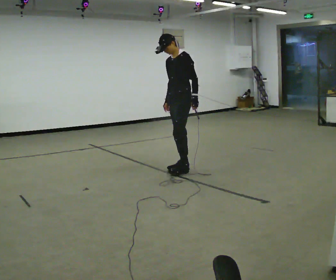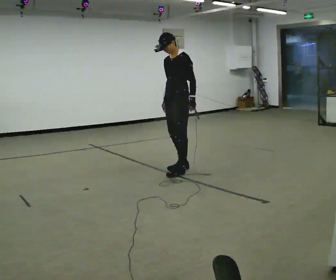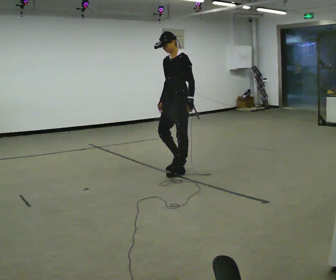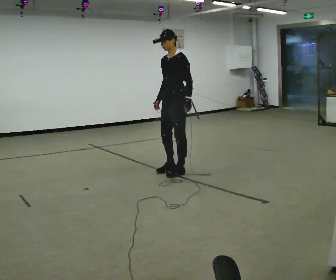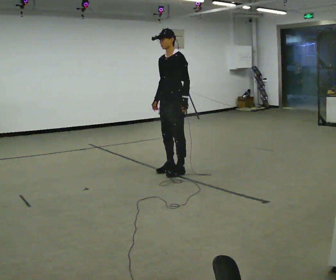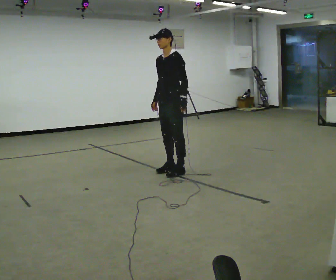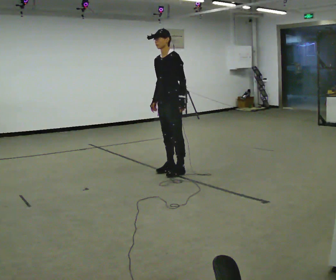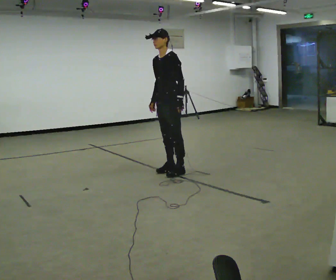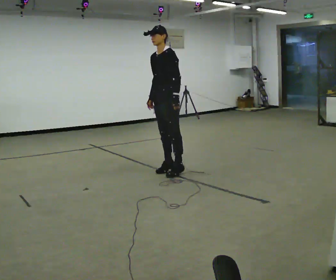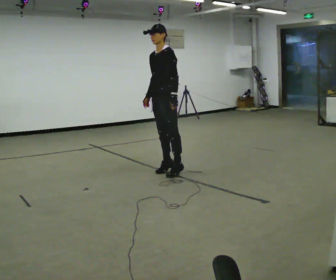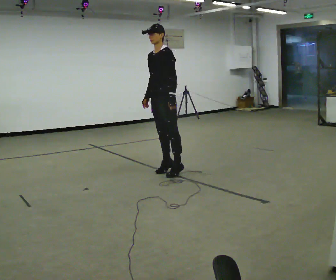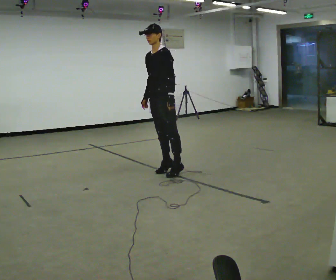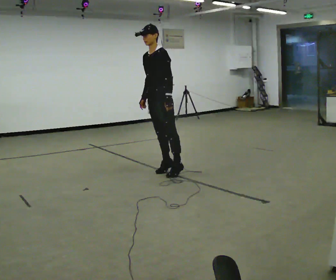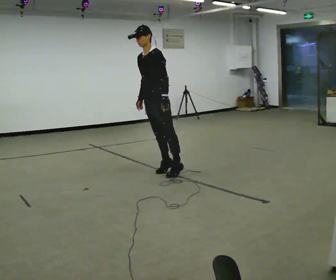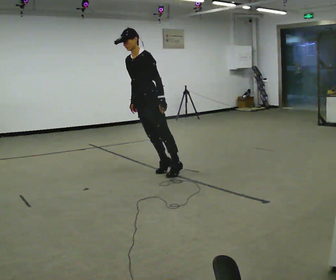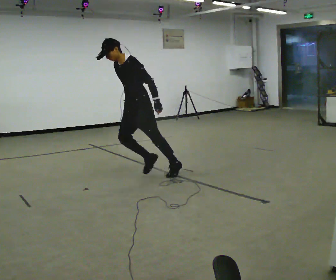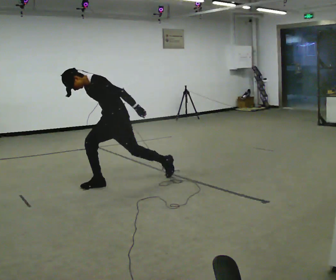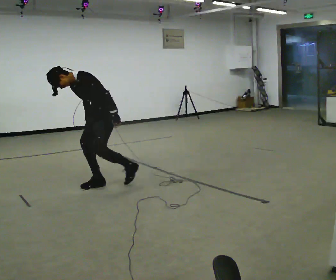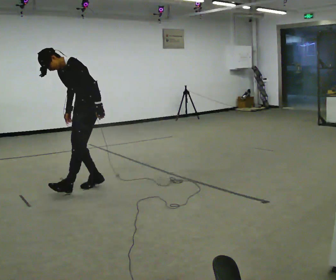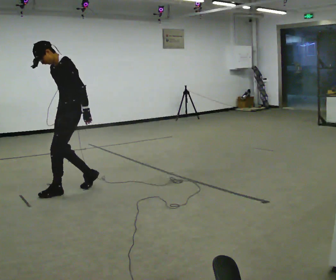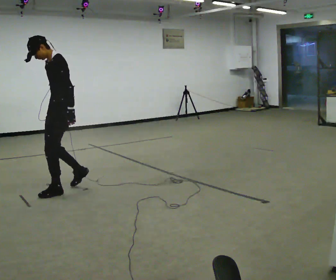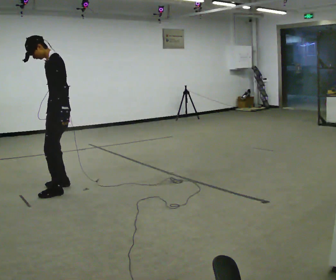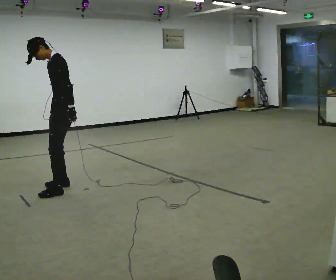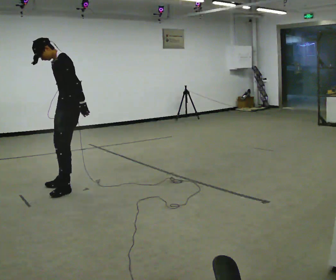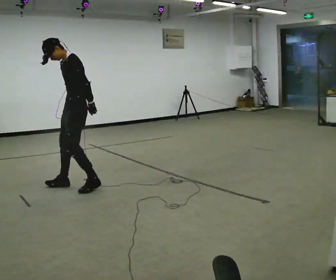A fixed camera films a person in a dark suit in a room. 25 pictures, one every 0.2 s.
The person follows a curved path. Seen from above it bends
clockwise.
The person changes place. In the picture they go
to the left.
0.0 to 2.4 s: In the picture they go to the left and toward the camera, about 0.25 m in 1 step, which for them is forward.
2.4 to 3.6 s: In the picture they go to the left and toward the camera, about 1 m in 1 step, which for them is forward.
3.6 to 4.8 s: The person moves a little, or ends about where they began.
The film runs forward here.
